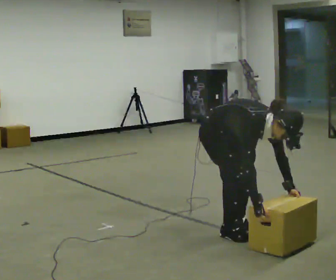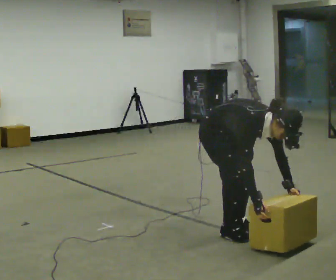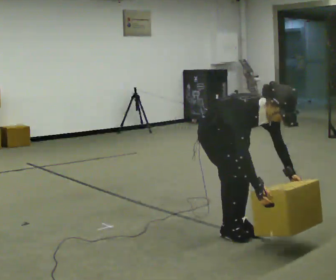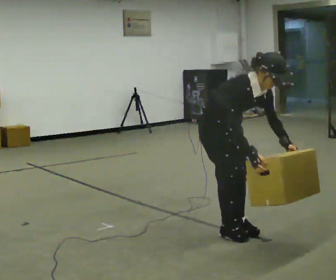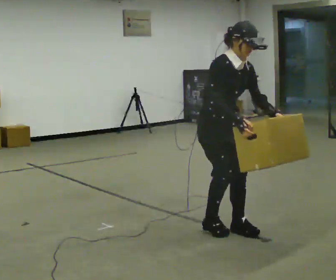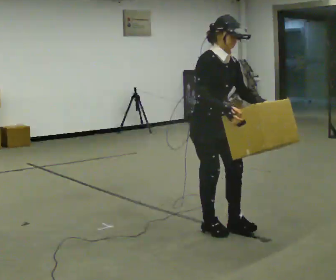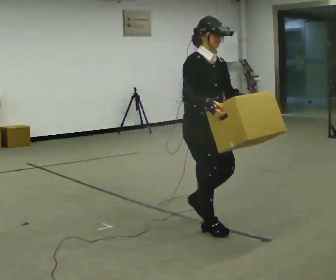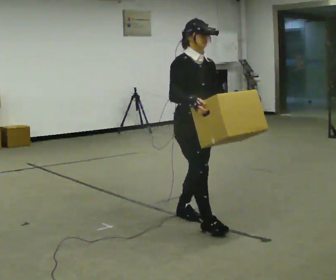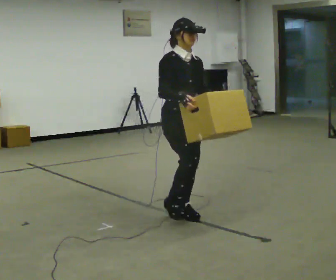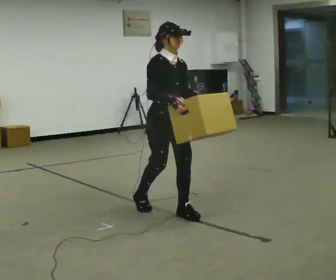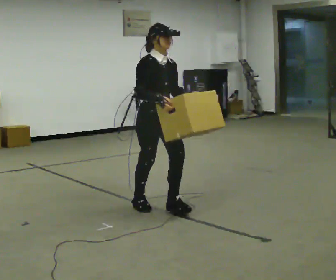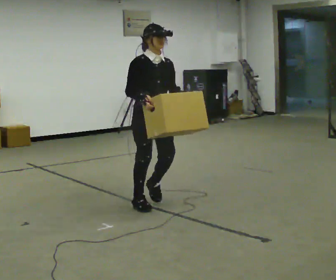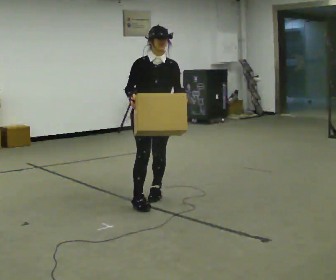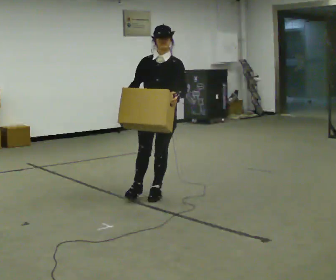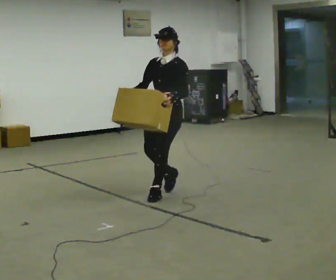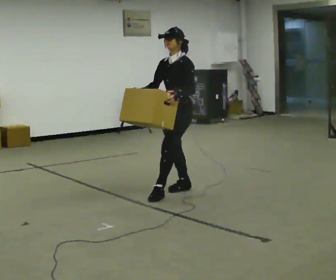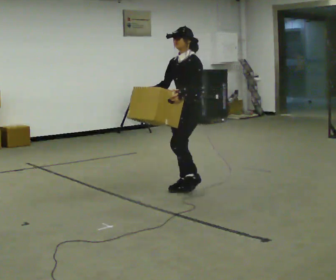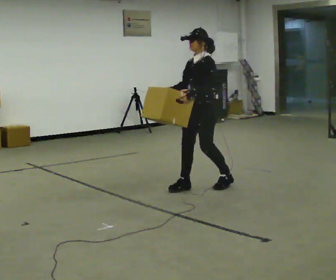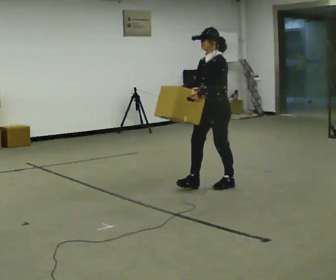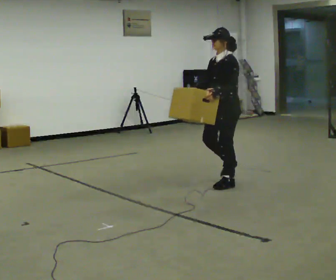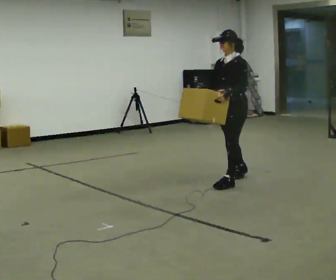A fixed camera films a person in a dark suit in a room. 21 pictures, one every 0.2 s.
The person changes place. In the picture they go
away from the camera.
Their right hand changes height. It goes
upward.
0.0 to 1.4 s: In the picture they go away from the camera and to the left, about 0.25 m in 2 steps, which for them is backward. The upper body goes upward. The upper body tips away from the camera, its near side rolling upward, as they lean back or straighten. In the picture their right hand goes upward.
1.4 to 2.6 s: Seen from above the body turns clockwise, about 45 degrees: to their right, with its near side sliding to the left. In the picture they go away from the camera, about 1 m in 3 steps, which for them is backward.
2.6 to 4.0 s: The person turns about 45 degrees to their right, clockwise seen from above, so the part of the body nearest the lens slides to the left. In the picture they go to the right and away from the camera, about 1 m in 2 steps, which for them is backward.
The film runs backward here.
